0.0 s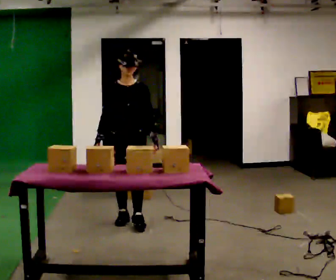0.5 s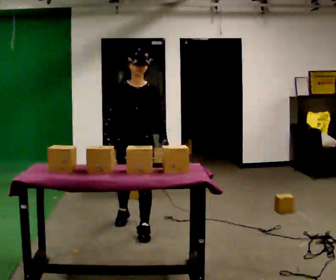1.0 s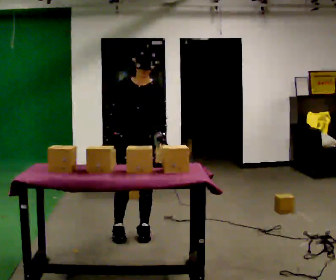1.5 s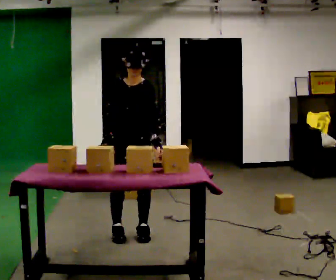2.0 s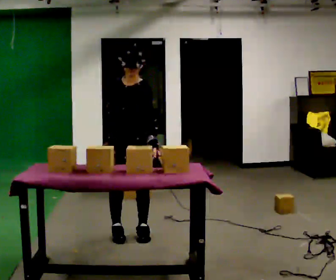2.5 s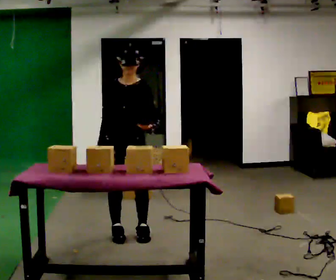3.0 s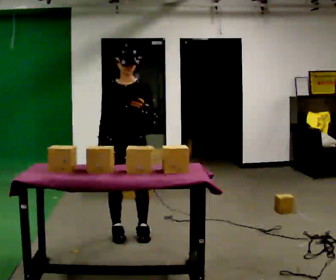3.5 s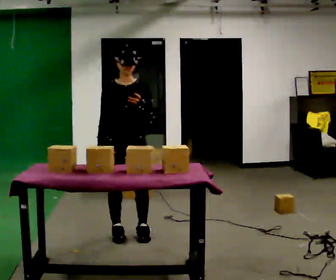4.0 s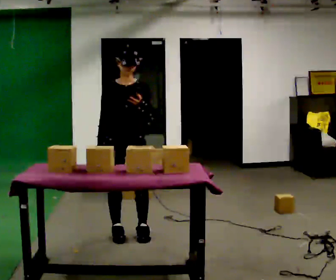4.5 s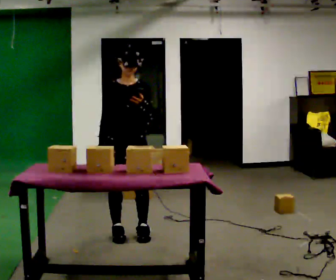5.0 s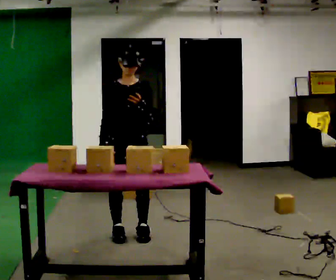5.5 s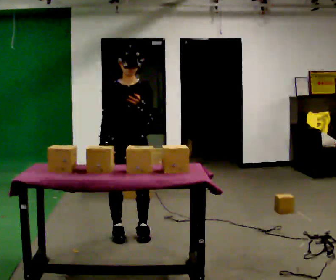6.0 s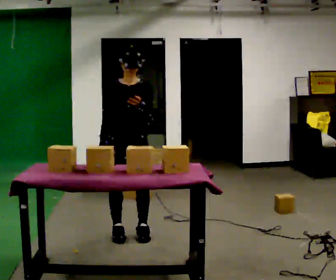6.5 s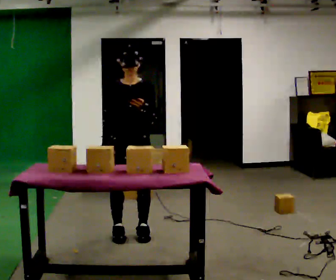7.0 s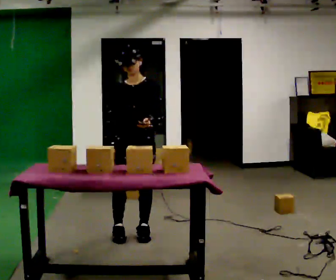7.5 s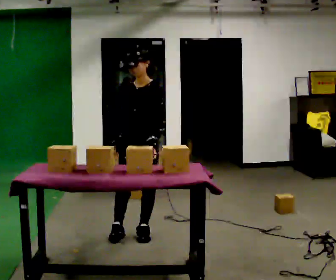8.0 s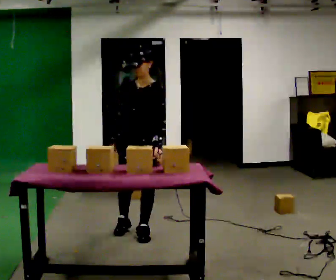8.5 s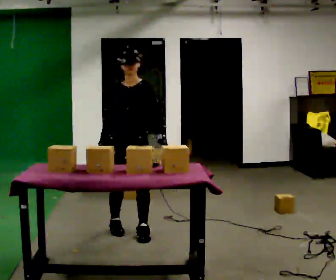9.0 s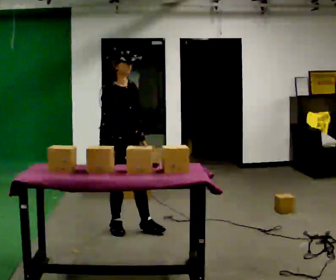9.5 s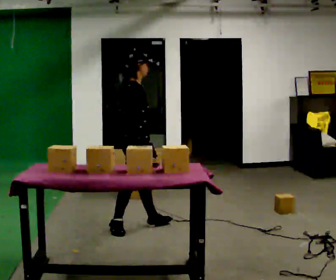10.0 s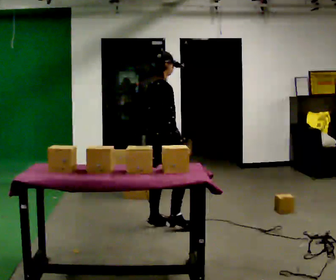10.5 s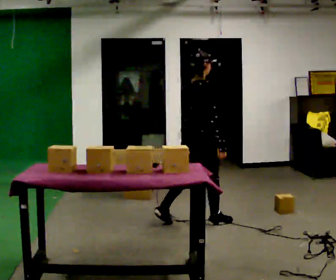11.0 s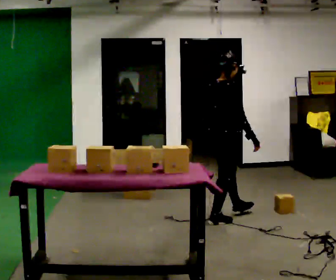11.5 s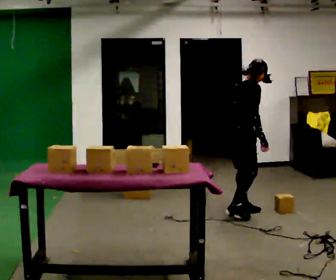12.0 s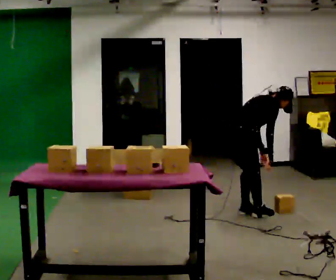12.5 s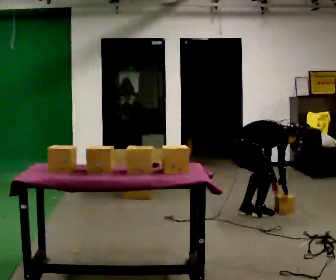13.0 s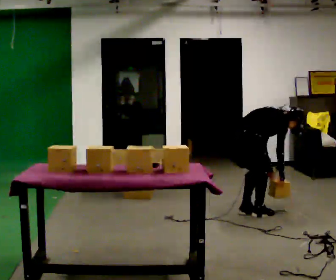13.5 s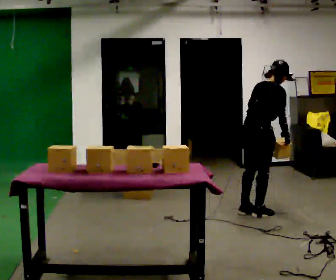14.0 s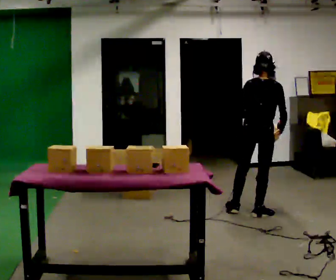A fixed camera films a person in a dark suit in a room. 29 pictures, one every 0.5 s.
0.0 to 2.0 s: In the picture they go toward the camera, about 0.5 m in 2 steps, which for them is forward.
2.0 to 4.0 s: The upper body tips away from the camera, its near side rolling upward, as they lean back or straighten.
4.0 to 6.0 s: The person moves a little, or ends about where they began.
6.0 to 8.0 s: Seen from above the body turns clockwise, about 30 degrees: to their right, with its near side sliding to the left. The upper body tips toward the camera, its near side rolling downward, as they bend forward.
8.0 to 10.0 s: The person turns about 135 degrees to their left, counterclockwise seen from above, so the part of the body nearest the lens slides to the right. In the picture they go away from the camera, about 0.25 m in 2 steps. The upper body tips away from the camera, its near side rolling upward.
10.0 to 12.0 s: In the picture they go to the right and away from the camera, about 1 m in 3 steps, which for them is forward. The upper body goes downward. In the picture the upper body tilts clockwise, shoulders to the right, as they bend forward.
12.0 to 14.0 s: Seen from above the body turns counterclockwise, about 60 degrees: to their left, with its near side sliding to the right. In the picture they go to the right, about 0.25 m, which for them is forward.
The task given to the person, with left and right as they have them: 1. Look at the photo the operator gives you. 2. Put the room back the way it looks in the photo. 3. Tell the operator when you are finished.
The film runs forward here.
